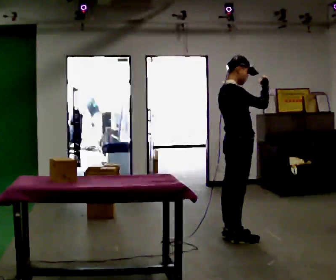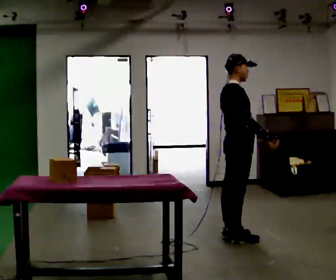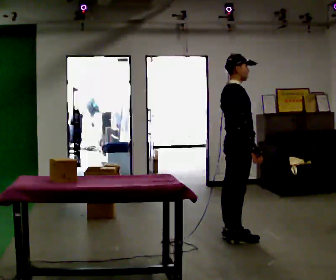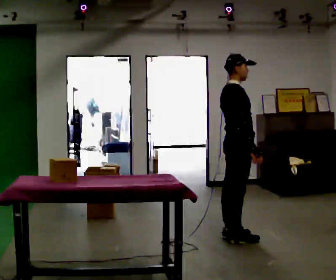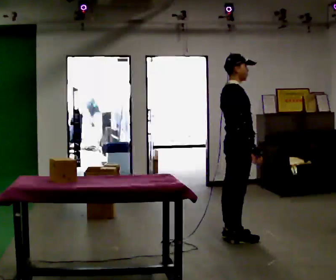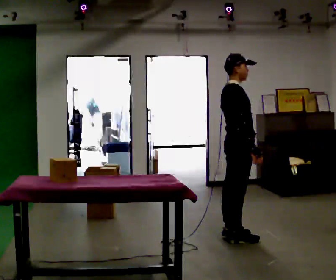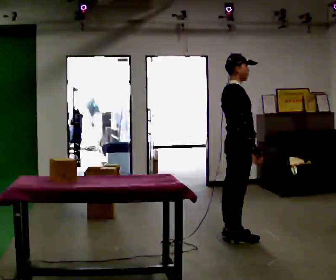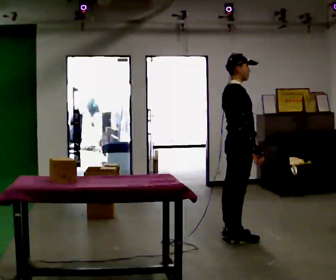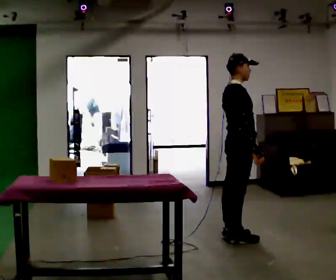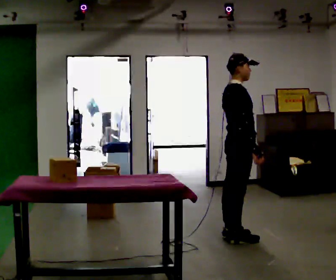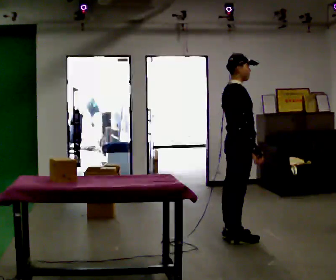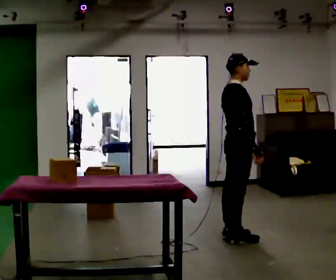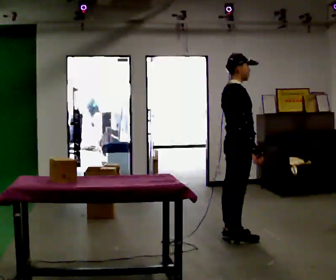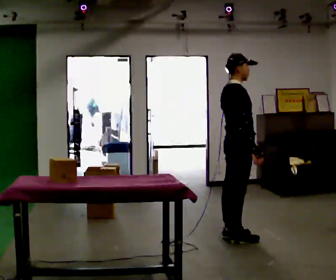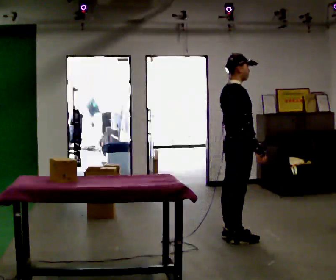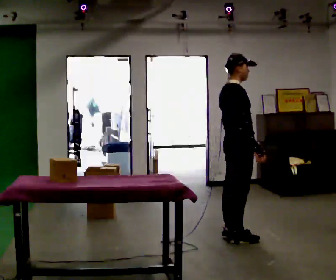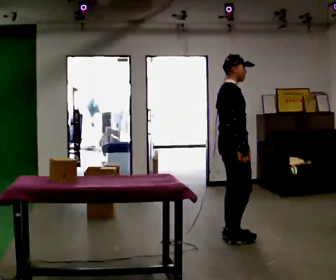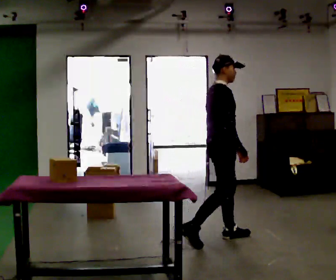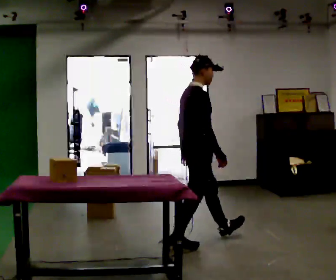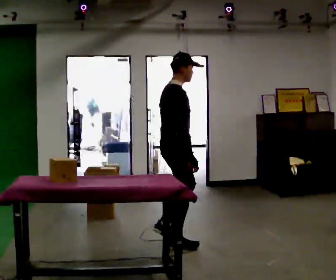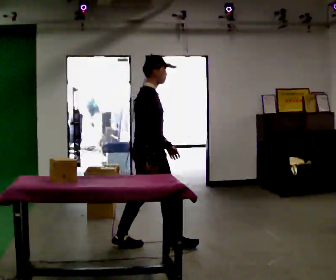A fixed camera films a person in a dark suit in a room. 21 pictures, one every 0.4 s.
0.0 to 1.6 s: In the picture their right hand goes downward, the arm swinging clockwise.
1.6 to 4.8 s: The person keeps their place and pose.
4.8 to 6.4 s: The person moves a little, or ends about where they began.
6.4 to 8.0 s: In the picture they go to the left and toward the camera, about 1 m in 1 step, which for them is backward.
The film runs backward here.
